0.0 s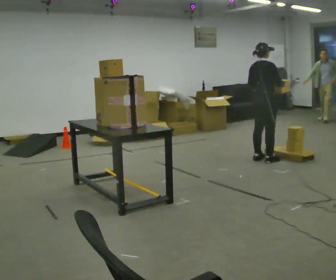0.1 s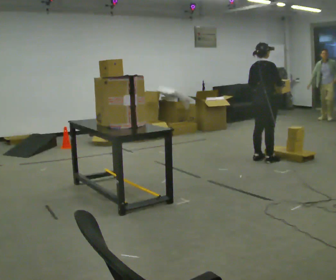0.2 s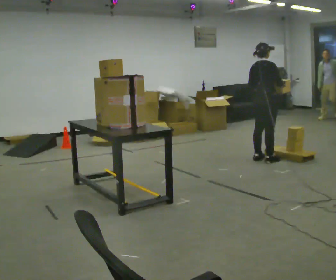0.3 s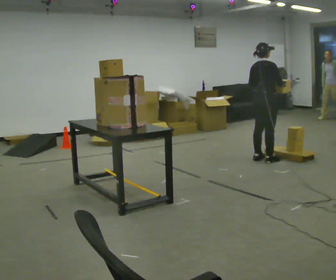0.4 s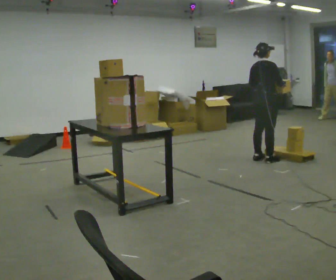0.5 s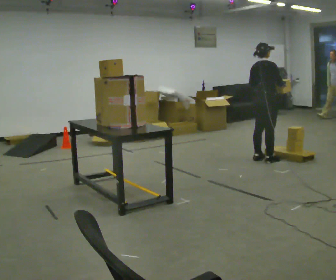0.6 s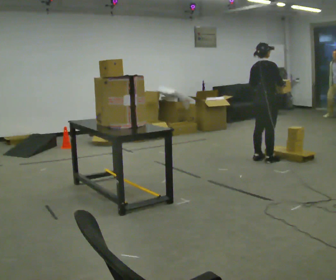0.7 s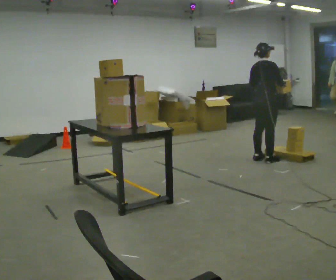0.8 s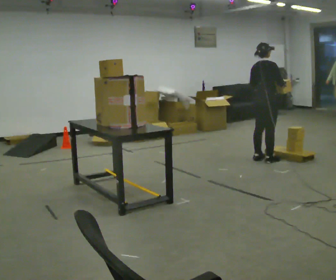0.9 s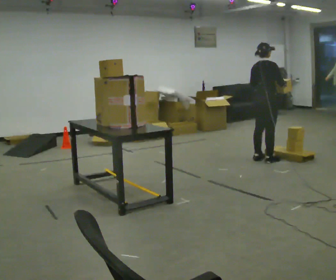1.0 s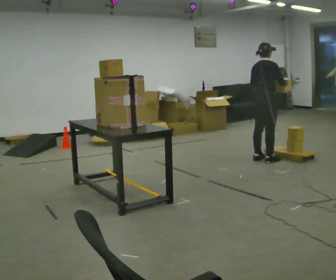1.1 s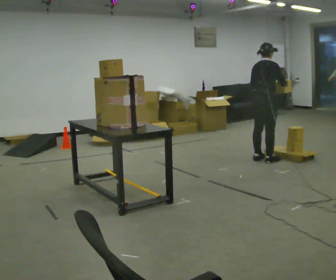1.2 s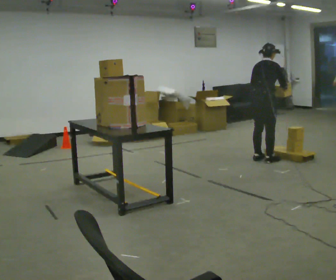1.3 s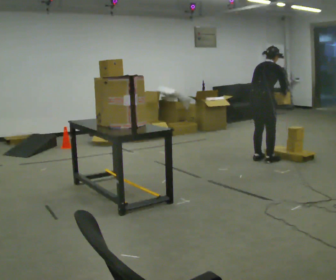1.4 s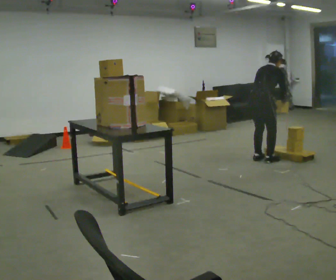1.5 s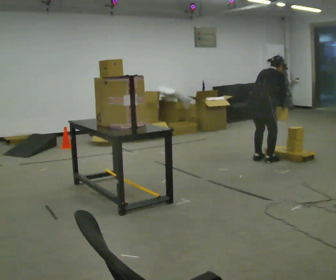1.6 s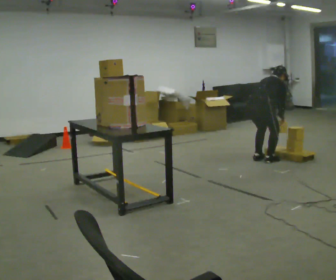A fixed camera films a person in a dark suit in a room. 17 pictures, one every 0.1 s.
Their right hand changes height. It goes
downward.
Their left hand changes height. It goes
downward.
0.0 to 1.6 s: The shoulders move downward. In the picture the upper body tilts clockwise, shoulders to the right, as they bend forward. In the picture their right hand goes downward.
The film runs backward here.
